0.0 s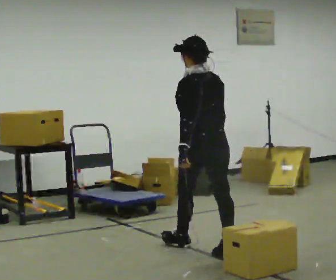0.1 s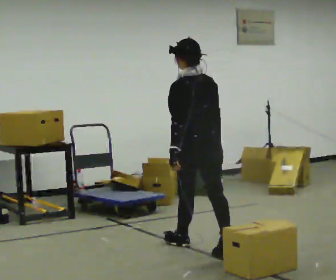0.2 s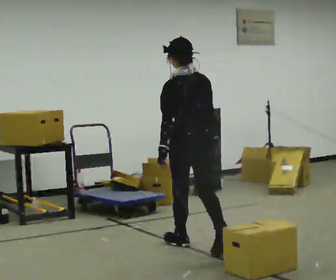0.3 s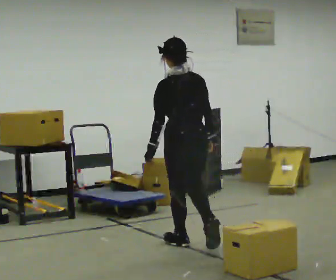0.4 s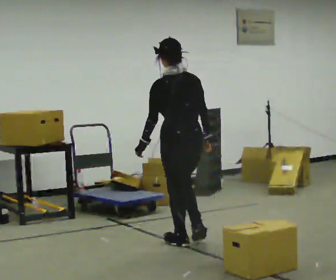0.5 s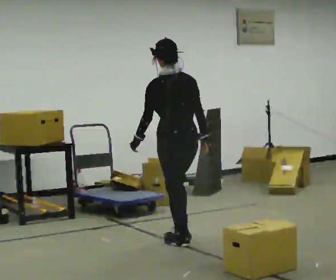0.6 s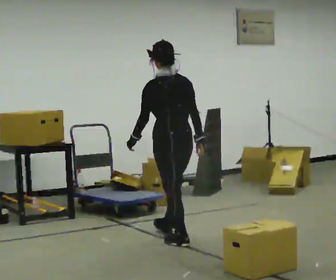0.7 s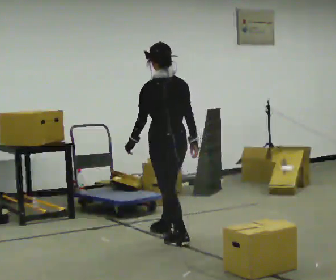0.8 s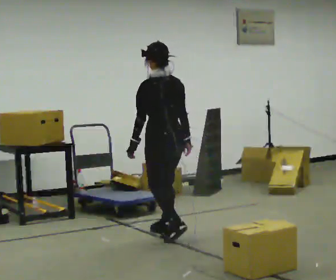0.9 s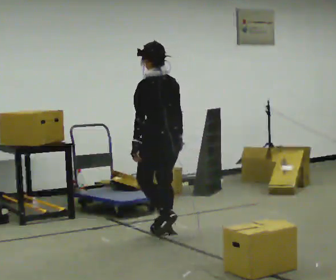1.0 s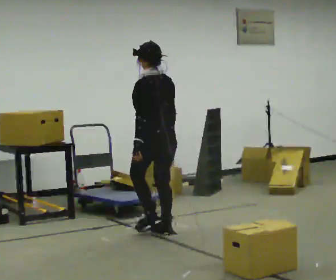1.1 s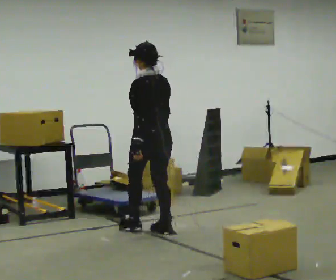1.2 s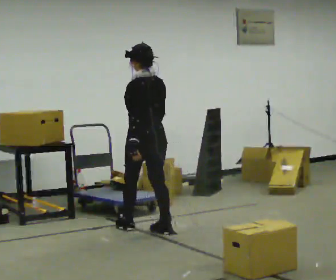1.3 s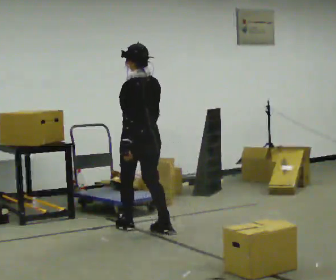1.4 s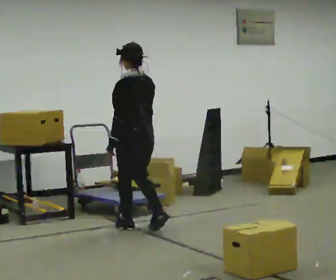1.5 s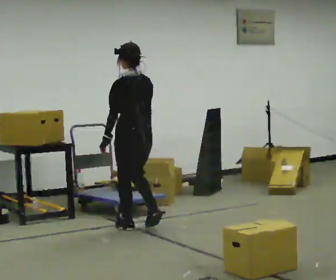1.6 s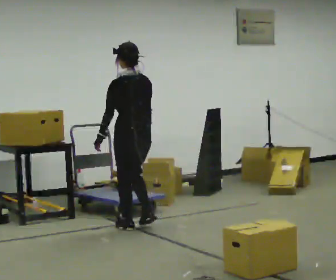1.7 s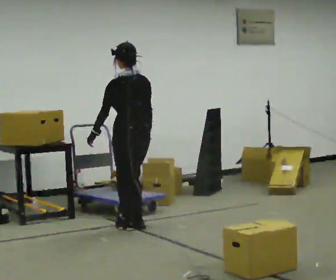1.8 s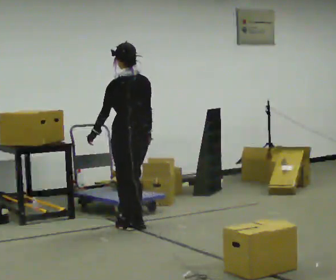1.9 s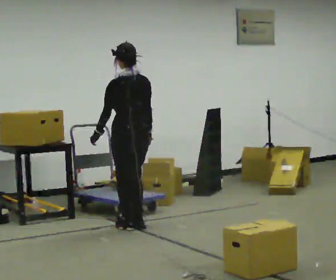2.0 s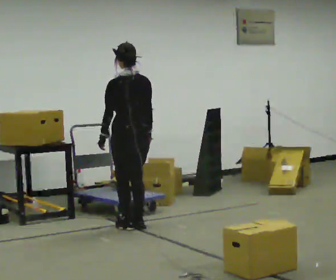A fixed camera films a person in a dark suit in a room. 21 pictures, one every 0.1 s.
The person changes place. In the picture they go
away from the camera.
0.0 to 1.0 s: In the picture they go away from the camera and to the left, about 1 m in 2 steps, which for them is forward.
1.0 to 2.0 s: In the picture they go away from the camera and to the left, about 0.25 m in 2 steps, which for them is forward.
The film runs forward here.
